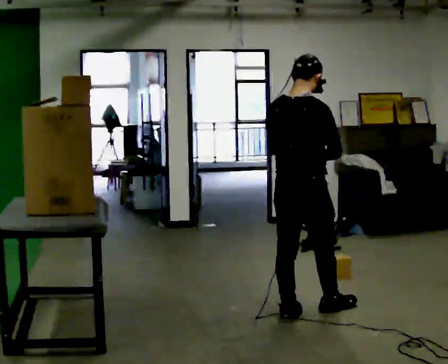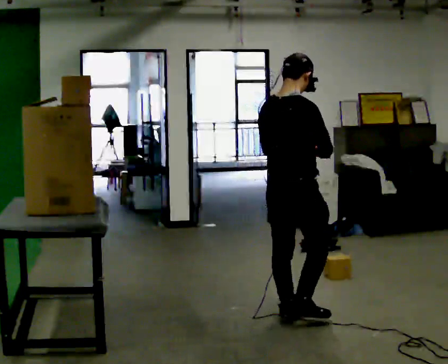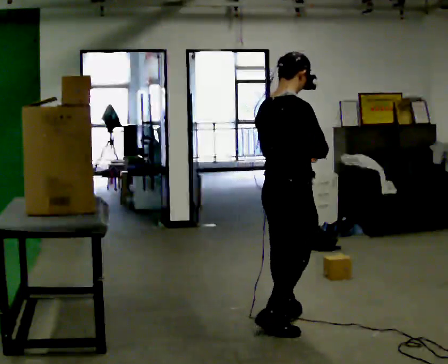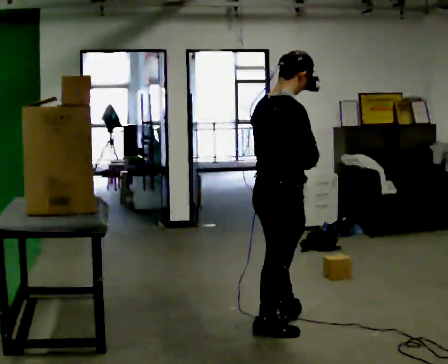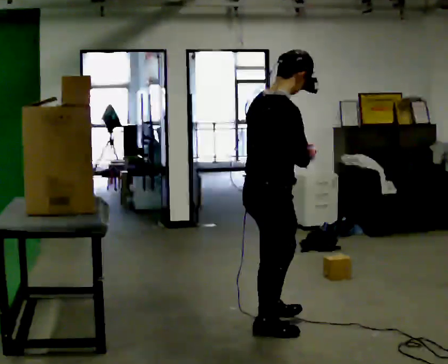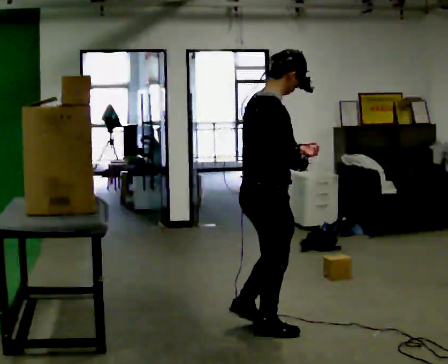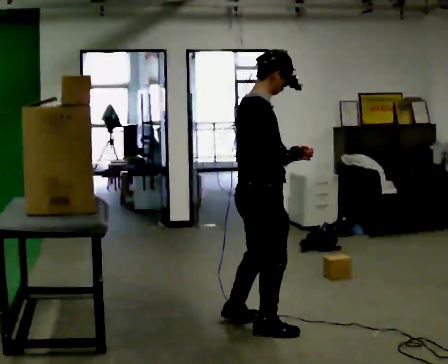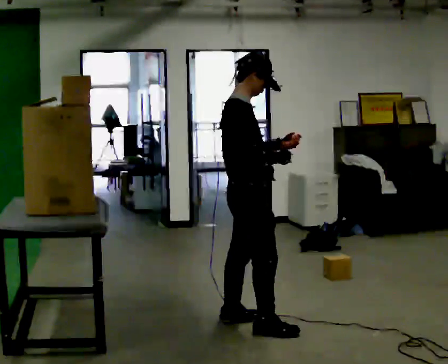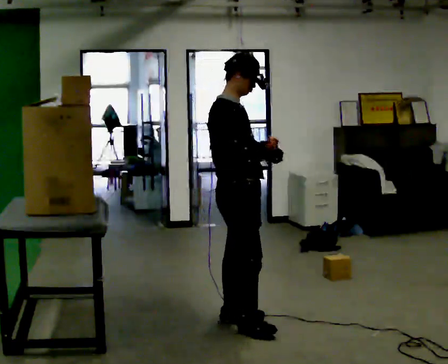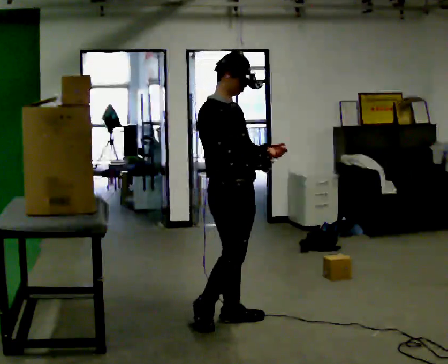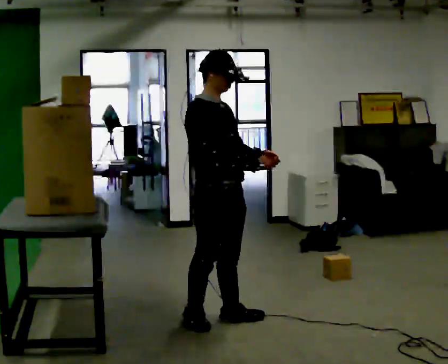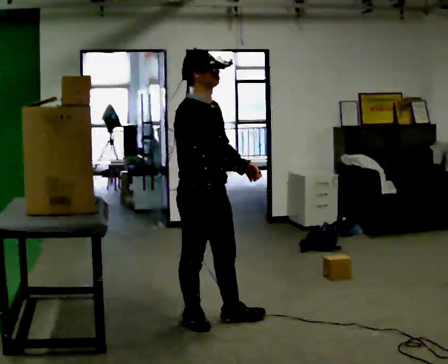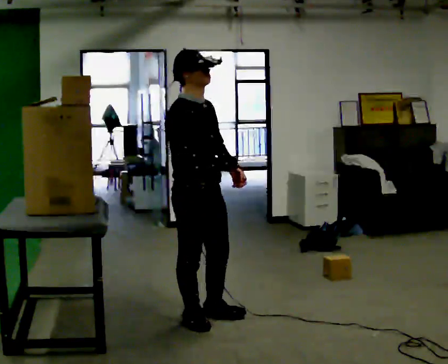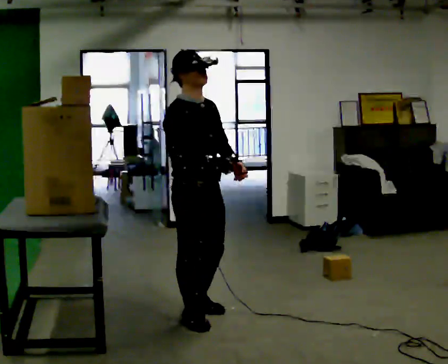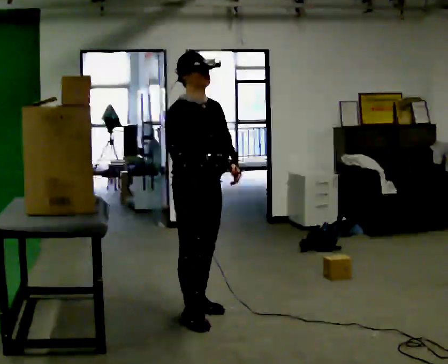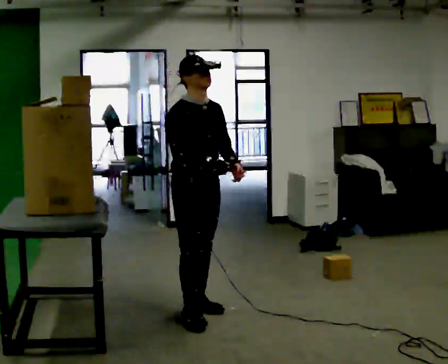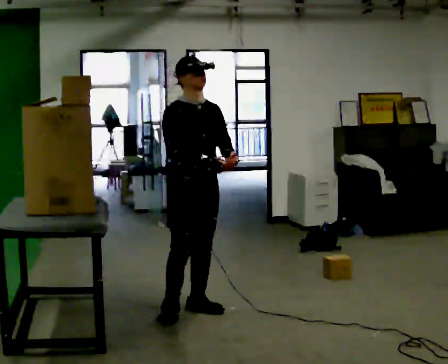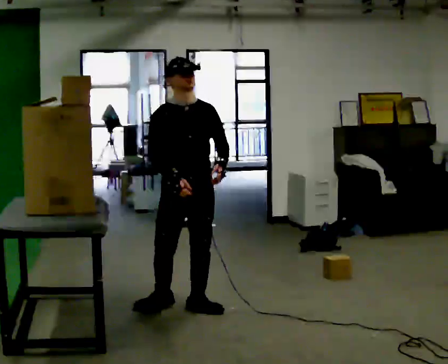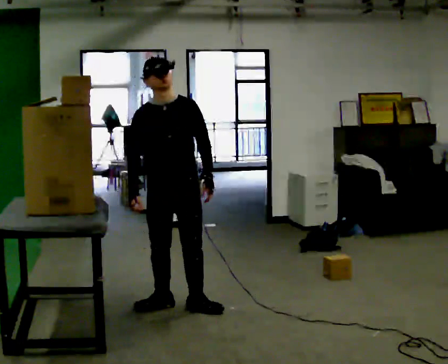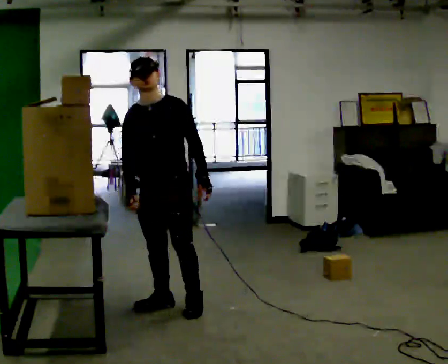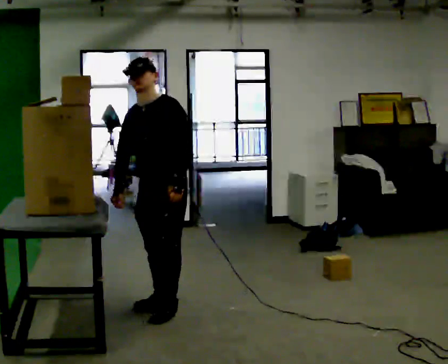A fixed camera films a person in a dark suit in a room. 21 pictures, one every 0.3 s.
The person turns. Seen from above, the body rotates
clockwise.
The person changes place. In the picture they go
to the left.
0.0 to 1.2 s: The person turns about 30 degrees to their right, clockwise seen from above, so the part of the body nearest the lens slides to the left. In the picture they go toward the camera and to the left, about 0.25 m in 1 step, which for them is backward.
1.2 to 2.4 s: The person turns about 45 degrees to their right, clockwise seen from above, so the part of the body nearest the lens slides to the left. In the picture they go away from the camera and to the left, about 0.25 m in 2 steps, which for them is to their left. In the picture the upper body tilts counterclockwise, shoulders to the left.
2.4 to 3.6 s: In the picture they go to the left, about 0.25 m in 1 step, which for them is backward and to their right.
3.6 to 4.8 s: The person turns about 30 degrees to their right, clockwise seen from above, so the part of the body nearest the lens slides to the left. In the picture they go away from the camera, about 0.25 m in 1 step, which for them is to their left and backward.
4.8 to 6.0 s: The part of the body nearest the lens slides to the left as the person turns to their right by about 60 degrees. In the picture they go to the left, about 0.25 m in 1 step, which for them is to their right. In the picture their right hand goes to the left, the arm swinging clockwise.
The film runs backward here.
